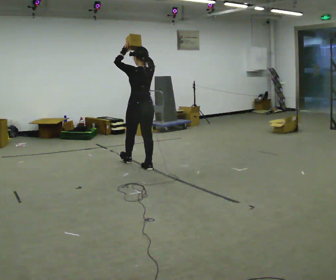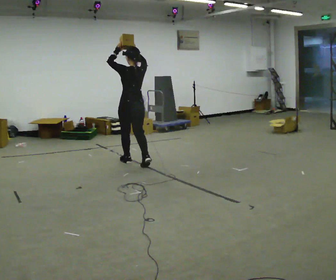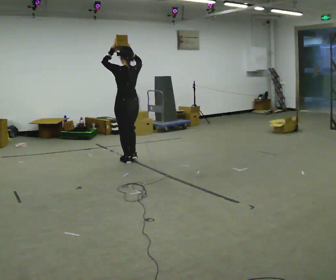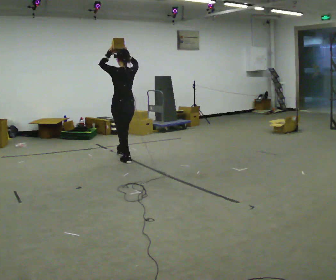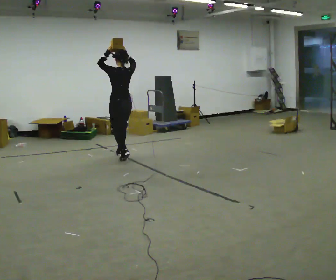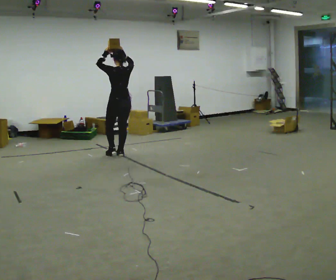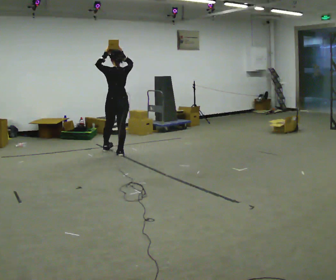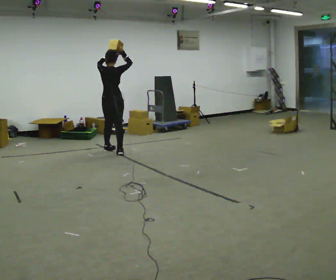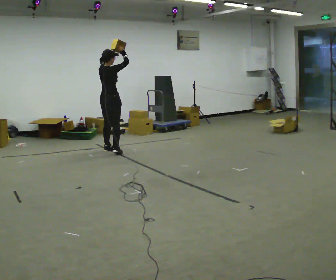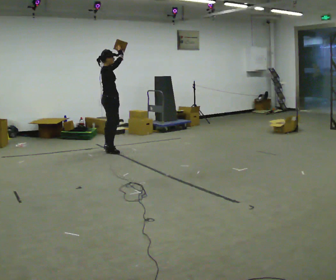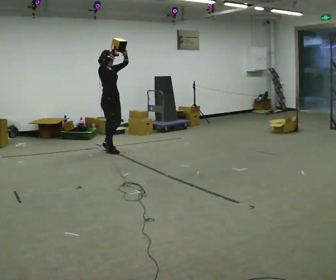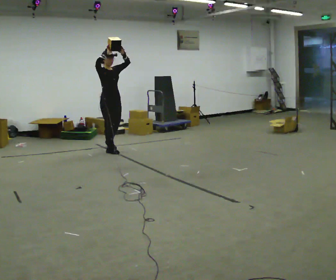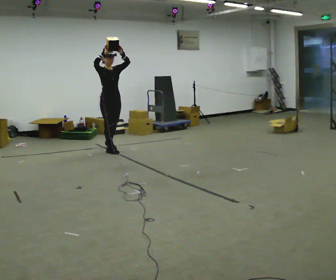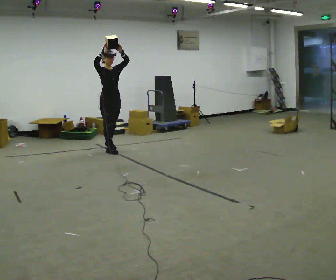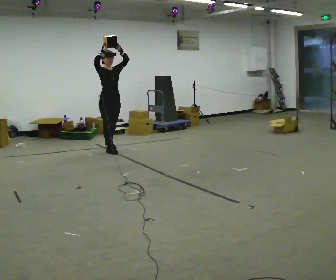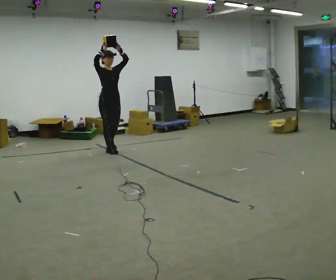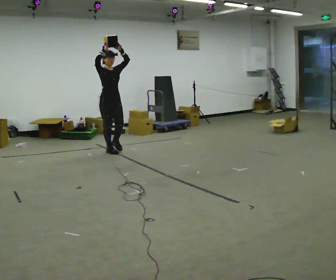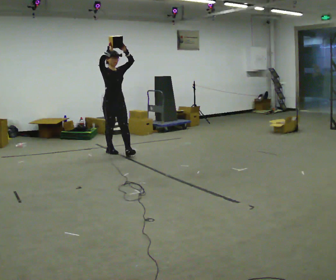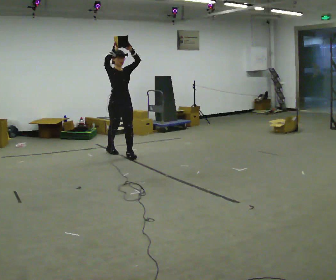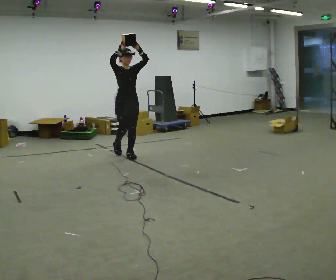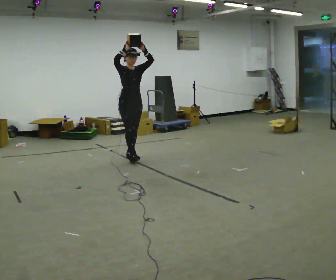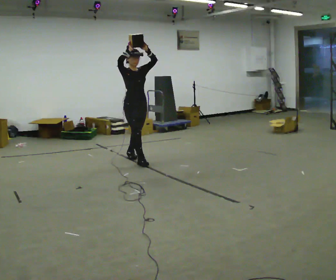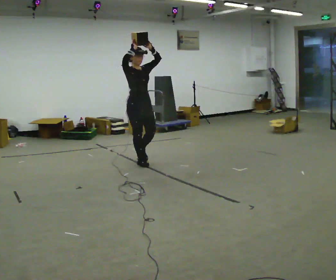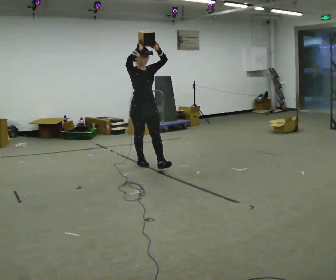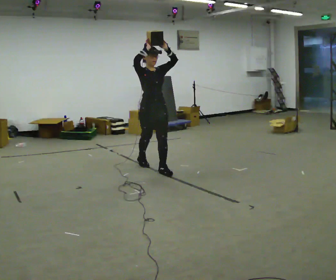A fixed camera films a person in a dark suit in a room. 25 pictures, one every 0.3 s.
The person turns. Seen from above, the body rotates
clockwise.
The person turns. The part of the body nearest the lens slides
to the left.
0.0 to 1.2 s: In the picture they go away from the camera and to the left, about 0.75 m in 1 step, which for them is forward.
1.2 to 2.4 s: The part of the body nearest the lens slides to the left as the person turns to their right by about 75 degrees. In the picture they go away from the camera and to the left, about 0.5 m in 1 step.
2.4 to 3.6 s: The part of the body nearest the lens slides to the left as the person turns to their right by about 105 degrees.
3.6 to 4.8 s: The person moves a little, or ends about where they began.
4.8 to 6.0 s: In the picture they go toward the camera and to the right, about 0.5 m in 1 step, which for them is forward and to their left.
6.0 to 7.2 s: In the picture they go toward the camera and to the right, about 0.5 m in 2 steps, which for them is forward.
The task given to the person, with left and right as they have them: Carry the object held up above your head, walking back and forth across the room.
The film runs forward here.
